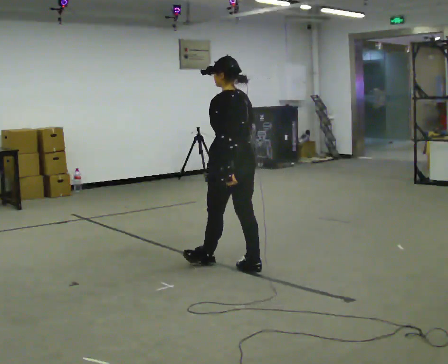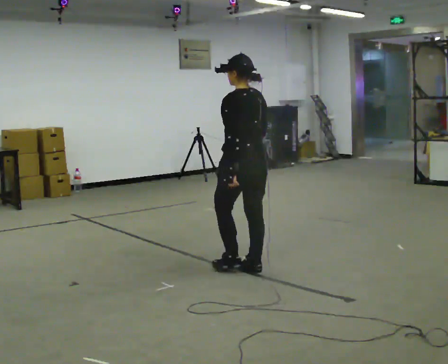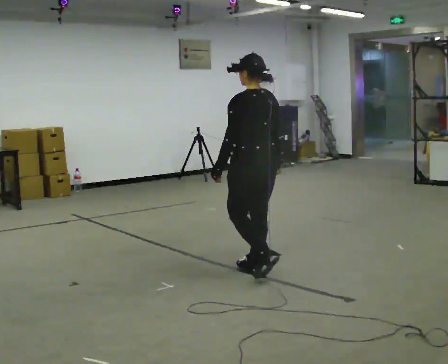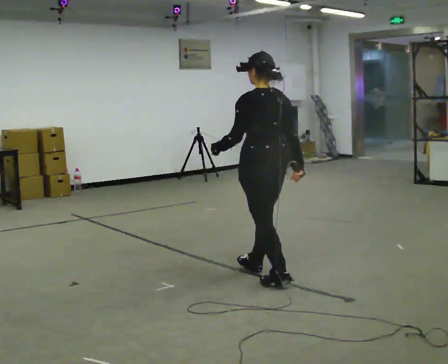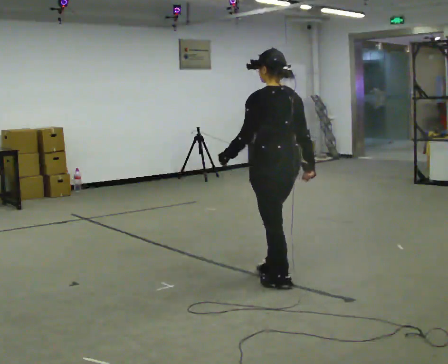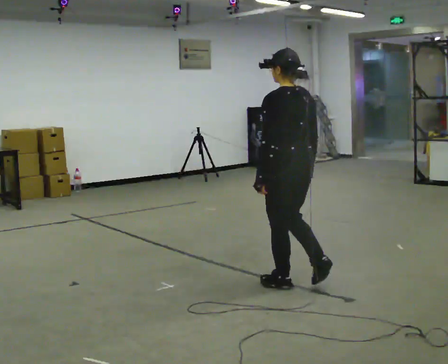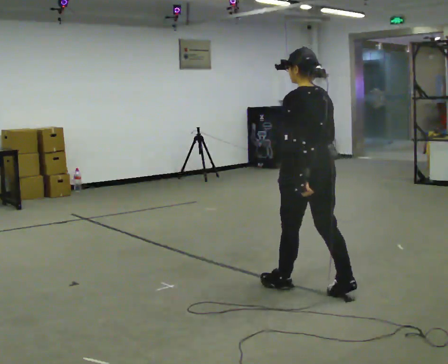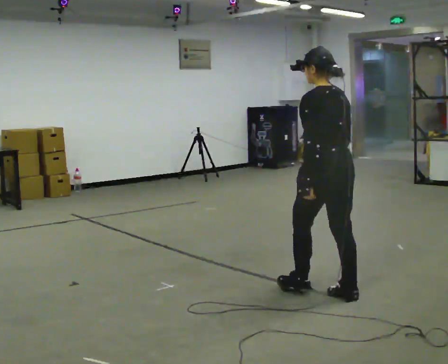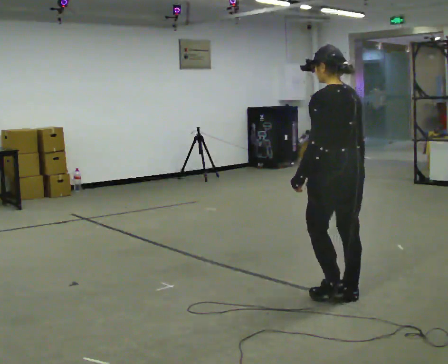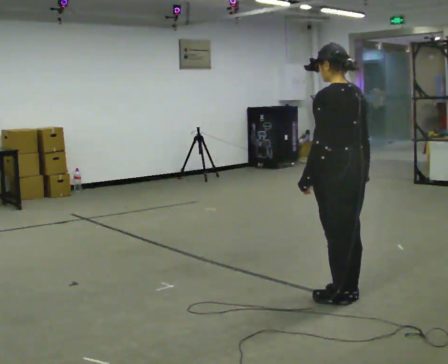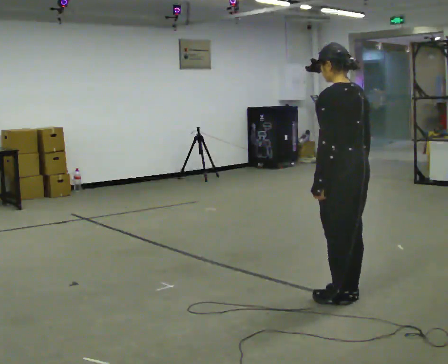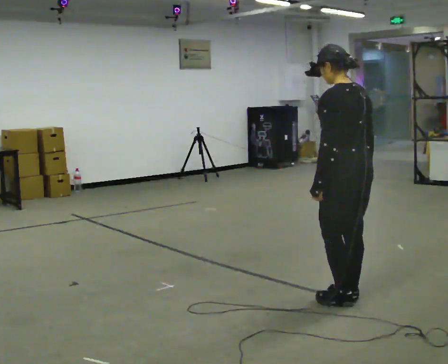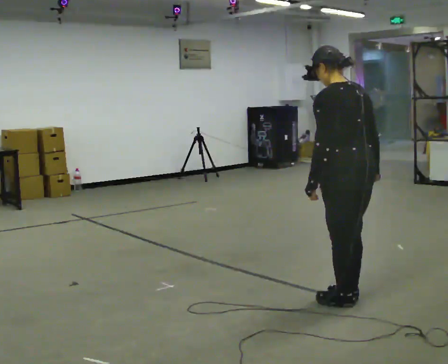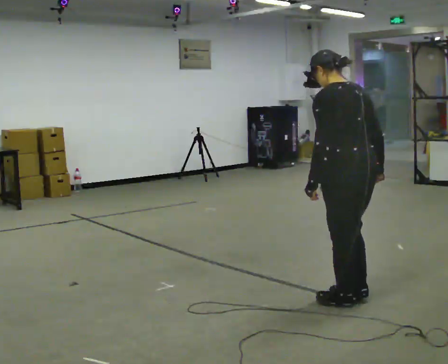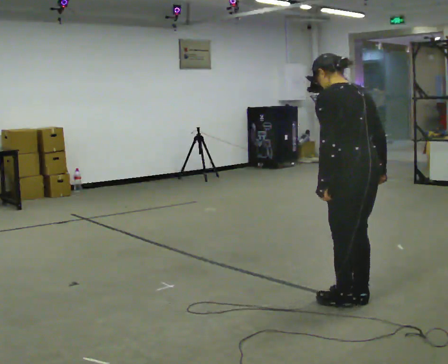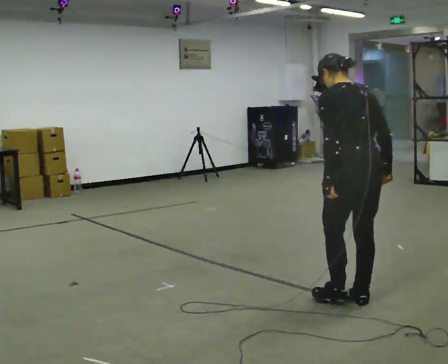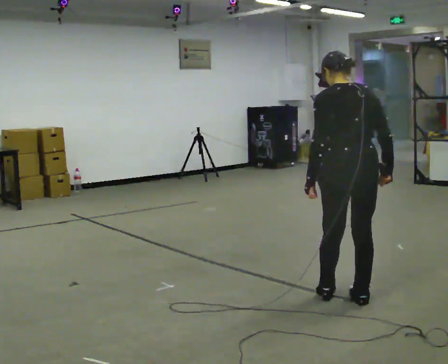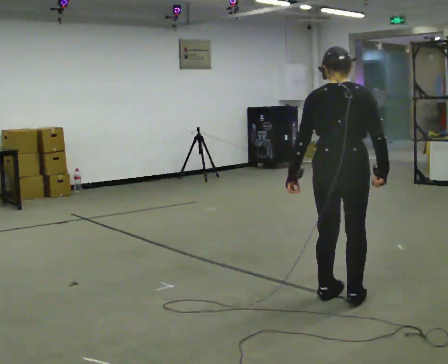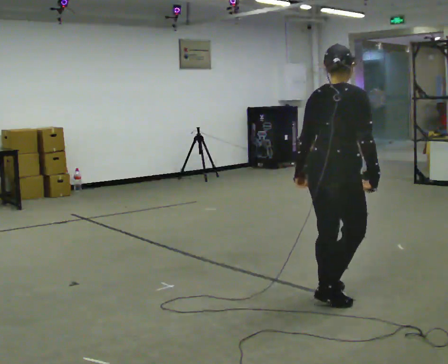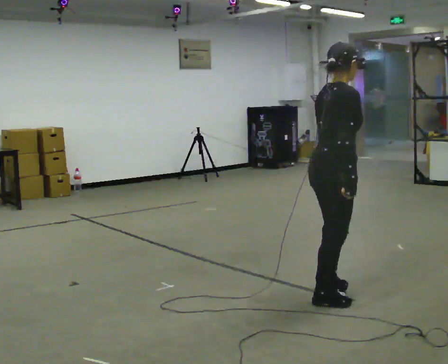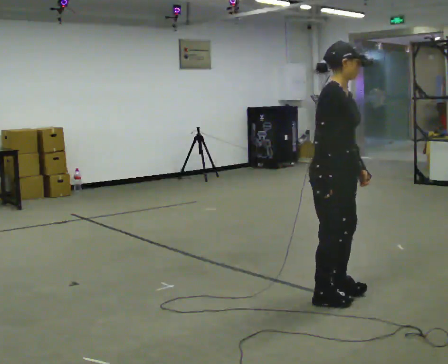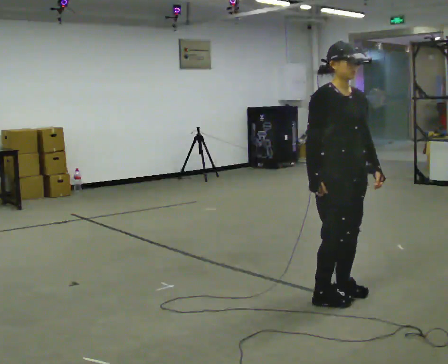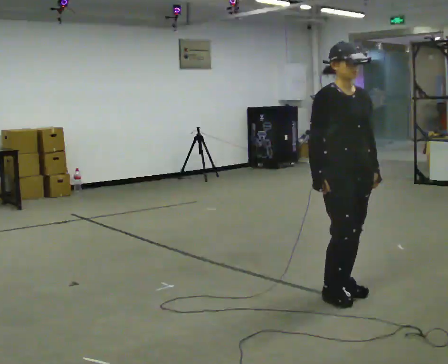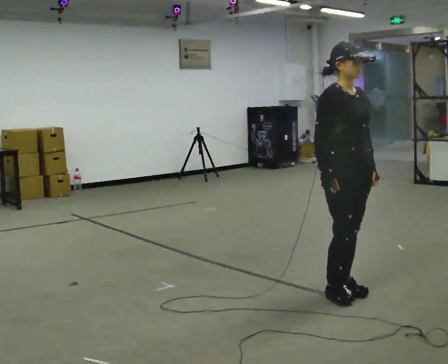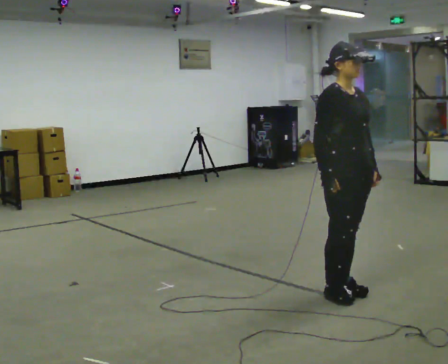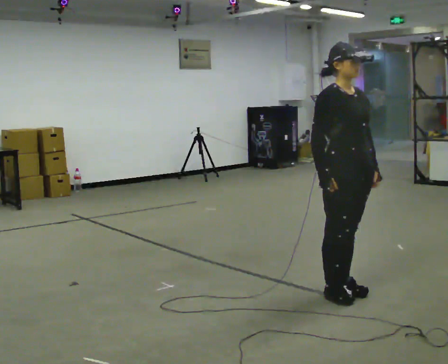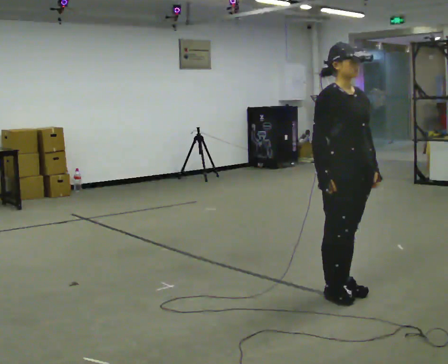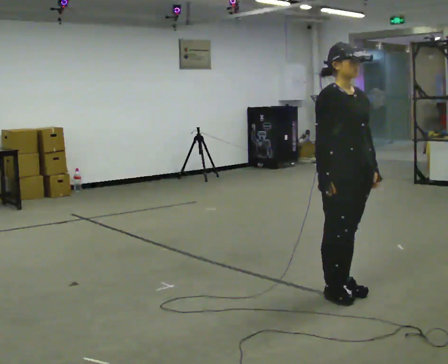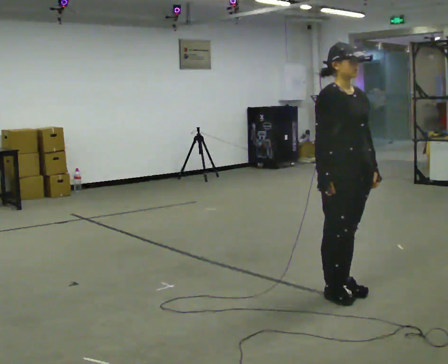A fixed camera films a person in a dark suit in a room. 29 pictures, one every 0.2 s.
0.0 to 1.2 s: In the picture they go to the right and toward the camera, about 0.5 m in 1 step, which for them is backward.
1.2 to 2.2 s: In the picture they go to the right and toward the camera, about 0.25 m in 1 step, which for them is backward.
2.2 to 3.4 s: Seen from above the body turns clockwise, about 60 degrees: to their right, with its near side sliding to the left.
3.4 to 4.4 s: The person turns about 135 degrees to their right, clockwise seen from above, so the part of the body nearest the lens slides to the left. In the picture their left hand goes to the right, the arm swinging counterclockwise.
4.4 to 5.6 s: The person moves a little, or ends about where they began.
The film runs backward here.
